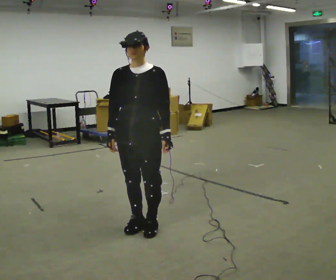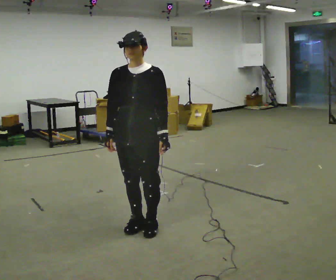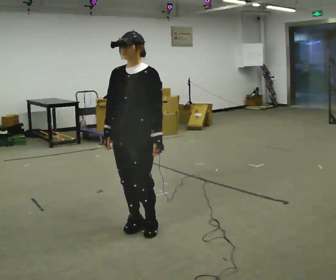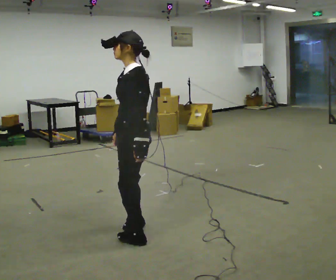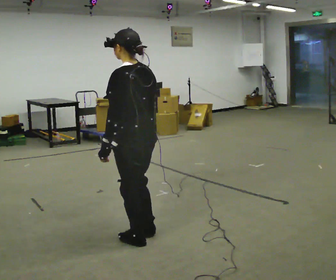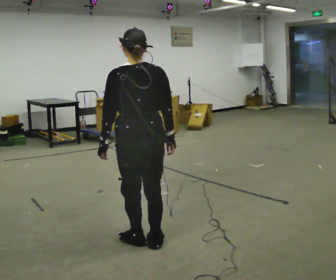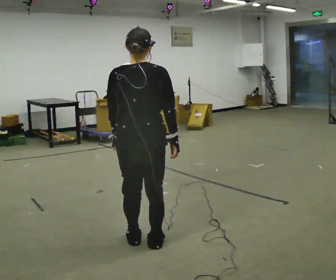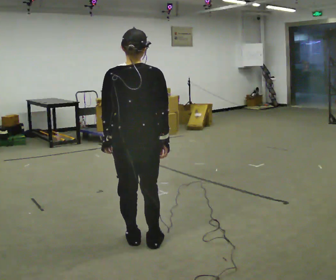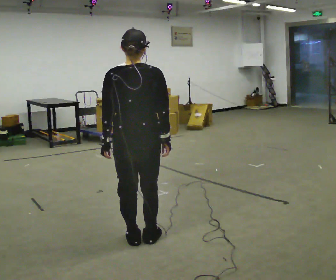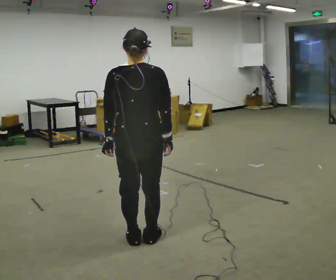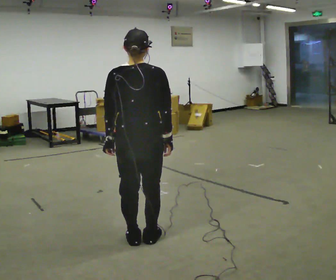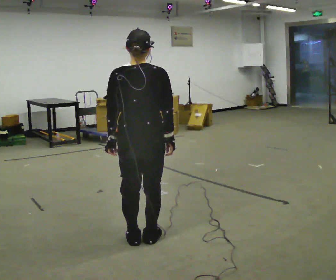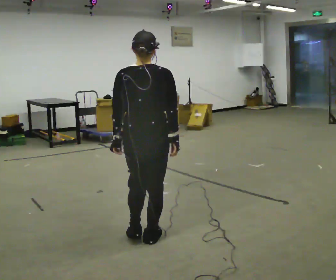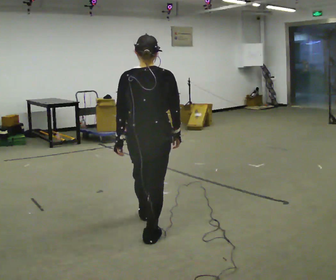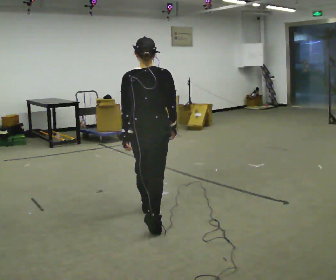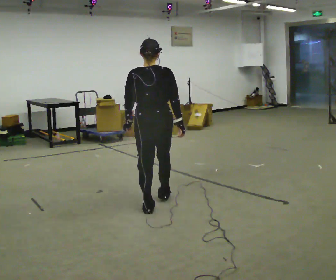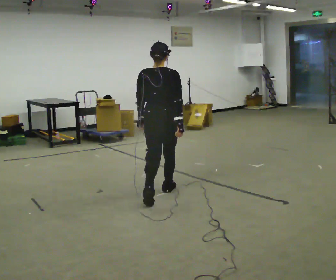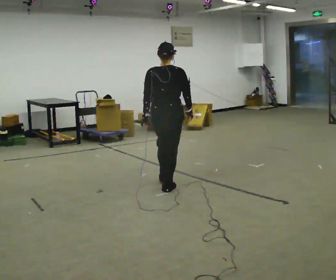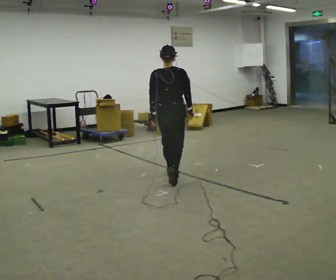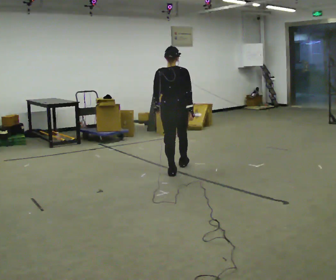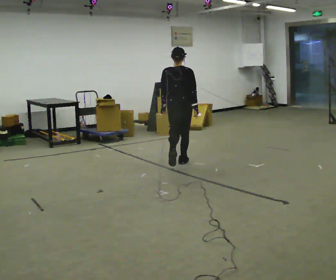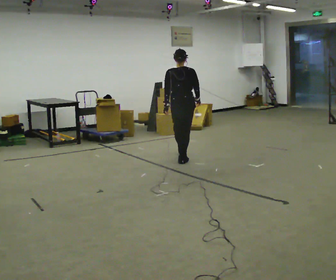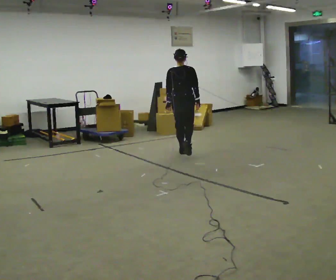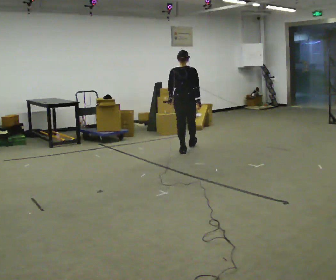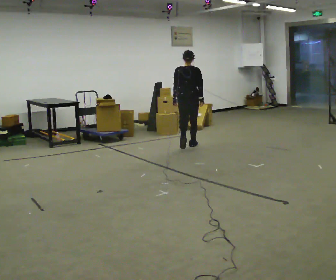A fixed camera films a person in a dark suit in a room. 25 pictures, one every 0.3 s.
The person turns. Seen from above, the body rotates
clockwise.
The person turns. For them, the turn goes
to their right.
0.0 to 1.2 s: The part of the body nearest the lens slides to the left as the person turns to their right by about 120 degrees. In the picture they go toward the camera, about 0.25 m in 1 step.
1.2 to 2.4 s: Seen from above the body turns clockwise, about 45 degrees: to their right, with its near side sliding to the left.
2.4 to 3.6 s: The person moves a little, or ends about where they began.
3.6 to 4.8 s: In the picture they go away from the camera, about 1 m in 2 steps, which for them is forward.
4.8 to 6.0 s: In the picture they go away from the camera, about 1 m in 2 steps, which for them is forward.
6.0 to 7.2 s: In the picture they go away from the camera, about 1 m in 2 steps, which for them is forward.
The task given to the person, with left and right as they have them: Walk forward while moving diagonally left/right; finish ~45° from start direction.
The film runs forward here.
